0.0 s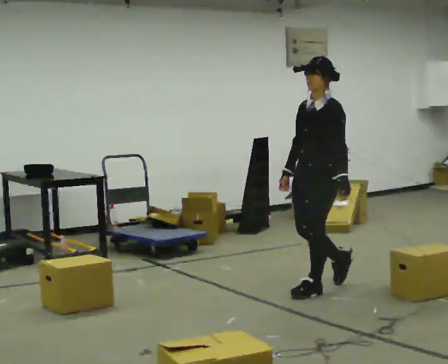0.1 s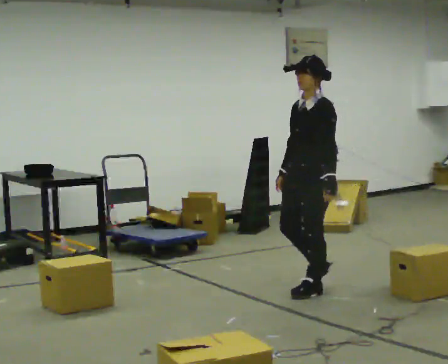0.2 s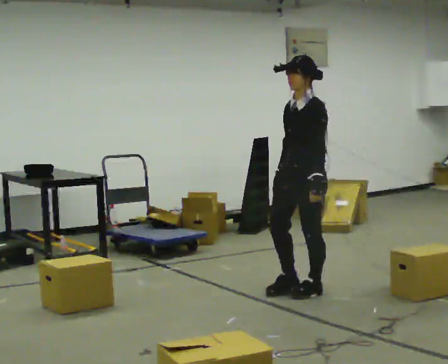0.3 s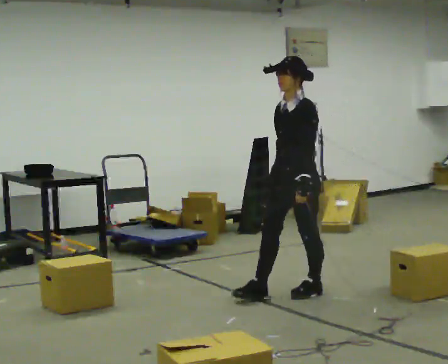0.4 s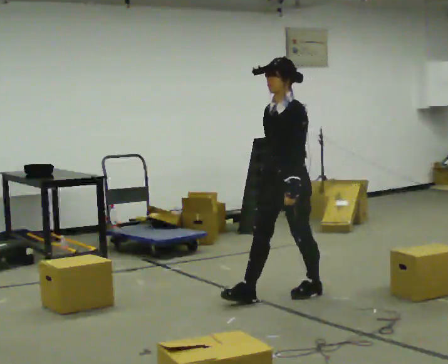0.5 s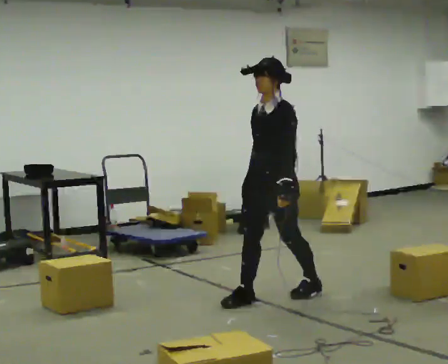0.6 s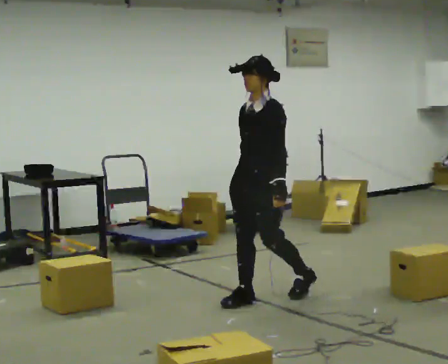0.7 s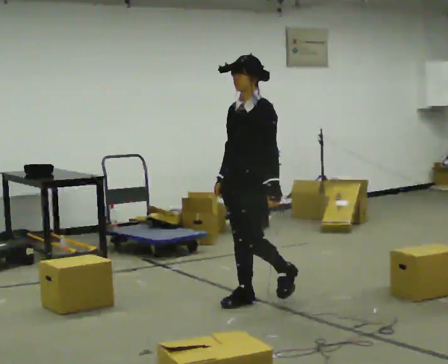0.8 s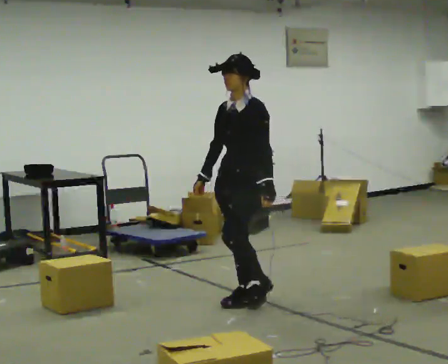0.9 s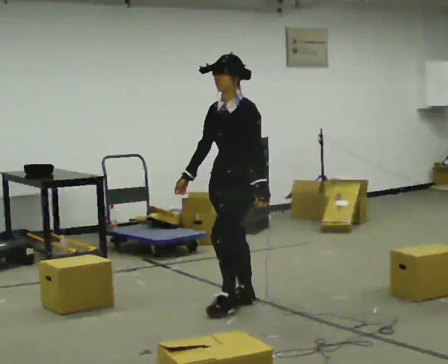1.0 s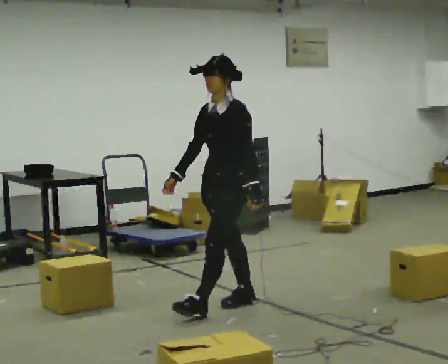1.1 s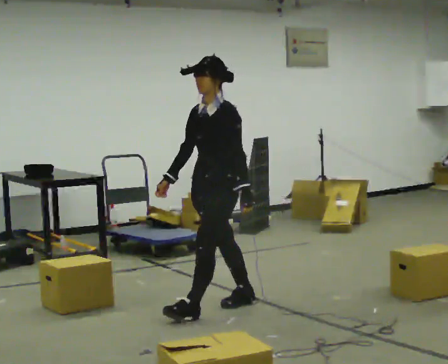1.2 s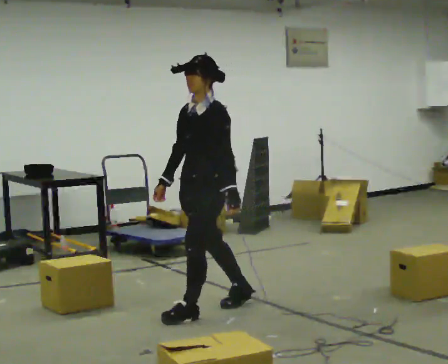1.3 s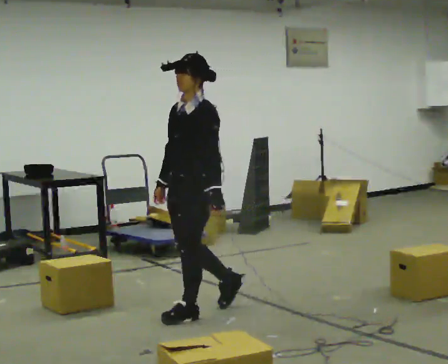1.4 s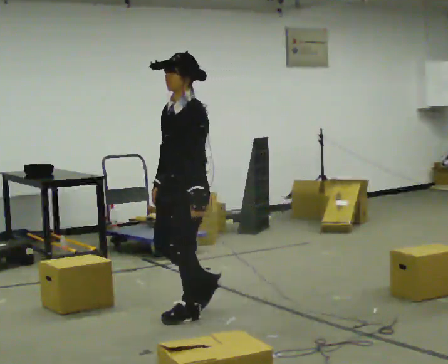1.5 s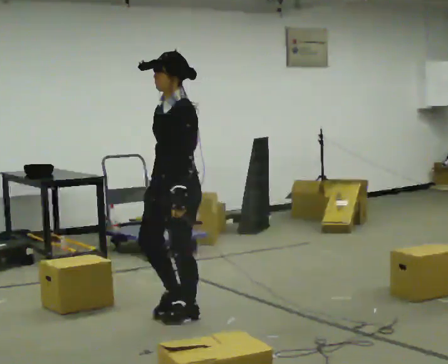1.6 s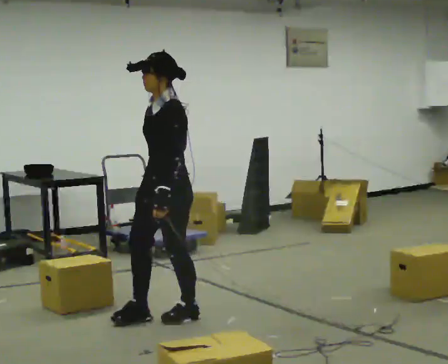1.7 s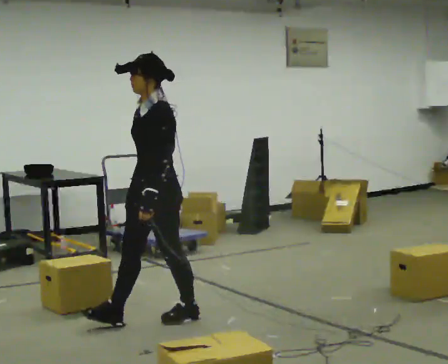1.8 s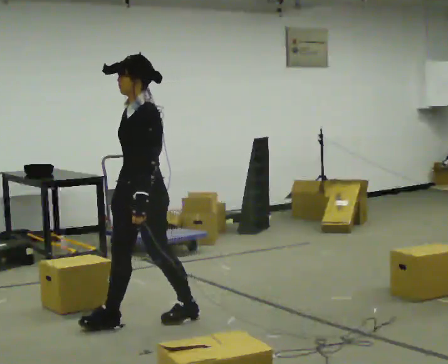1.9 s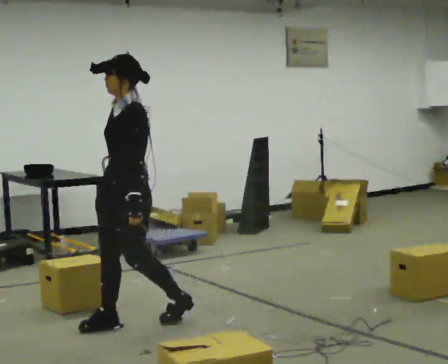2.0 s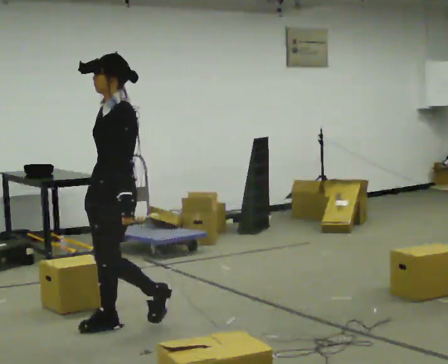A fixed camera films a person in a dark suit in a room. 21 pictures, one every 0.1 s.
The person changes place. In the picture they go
to the left.
0.0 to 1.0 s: In the picture they go to the left and toward the camera, about 0.5 m in 1 step, which for them is forward.
1.0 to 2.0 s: In the picture they go to the left and toward the camera, about 1 m in 2 steps, which for them is forward.
The film runs forward here.
